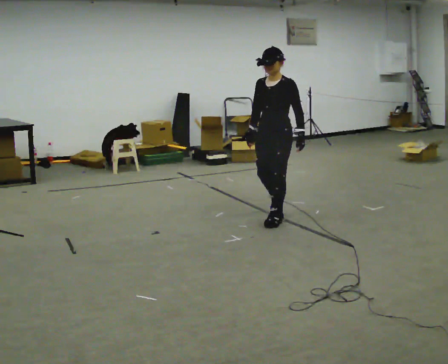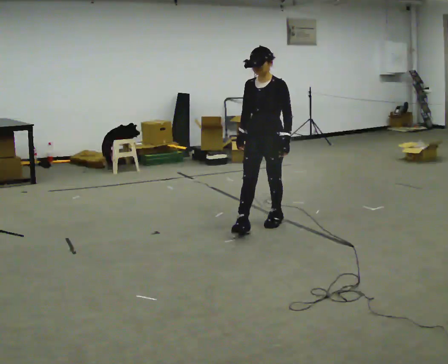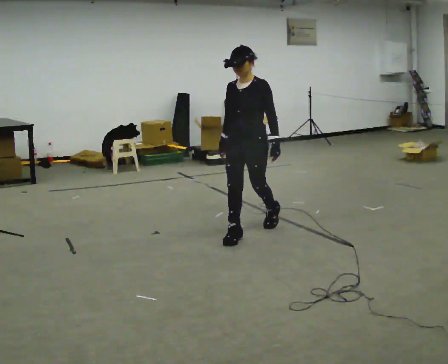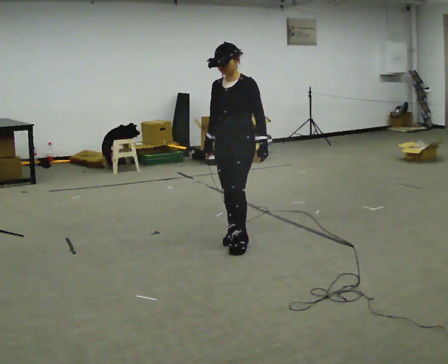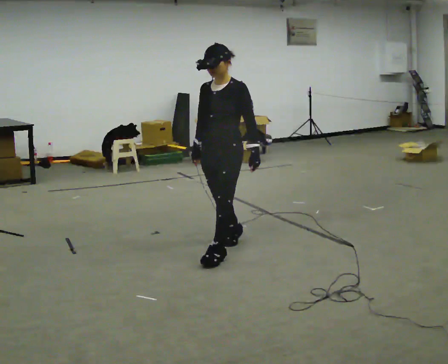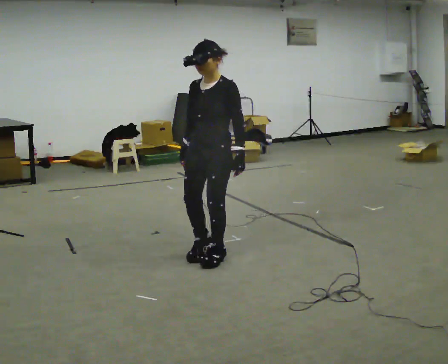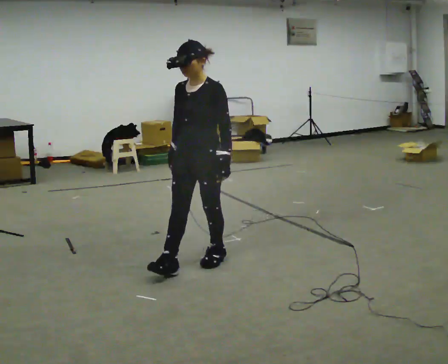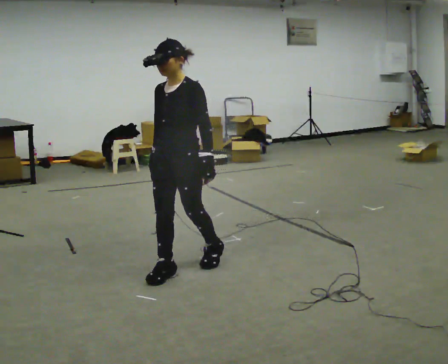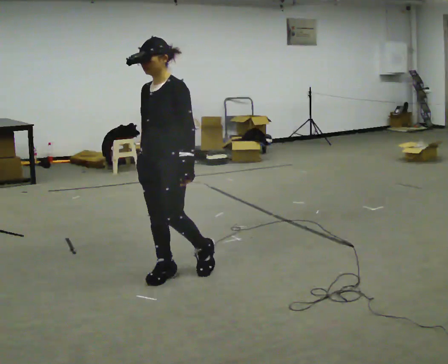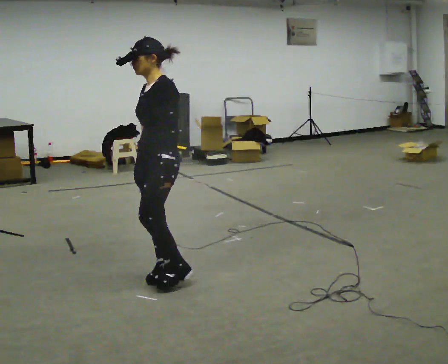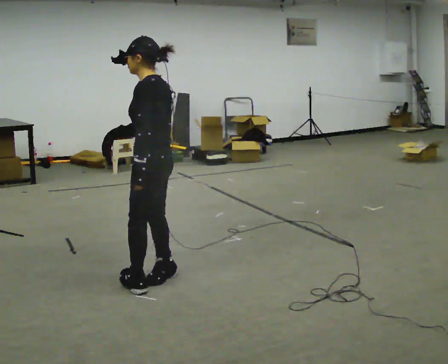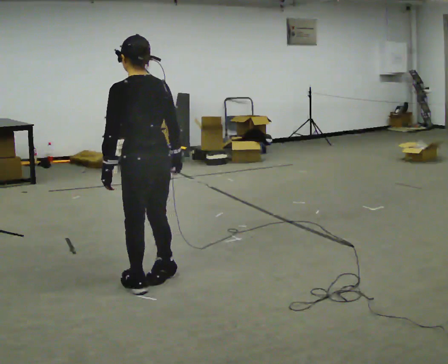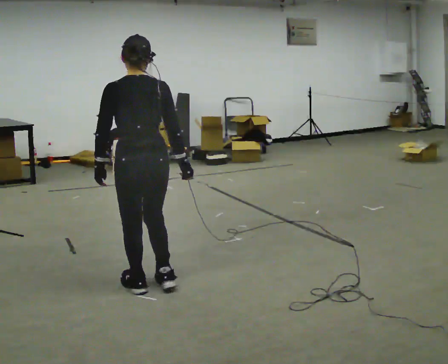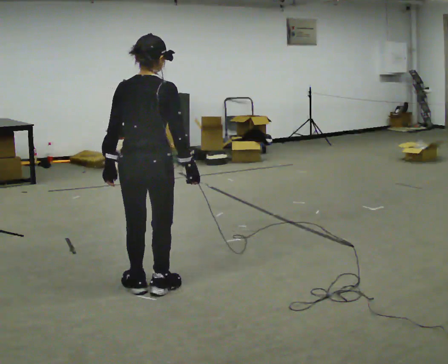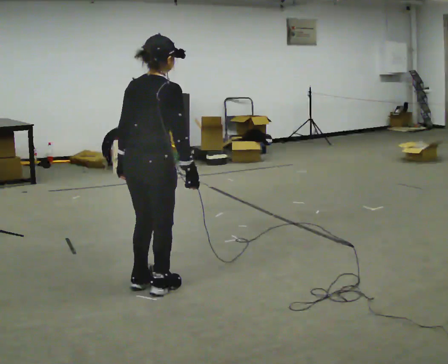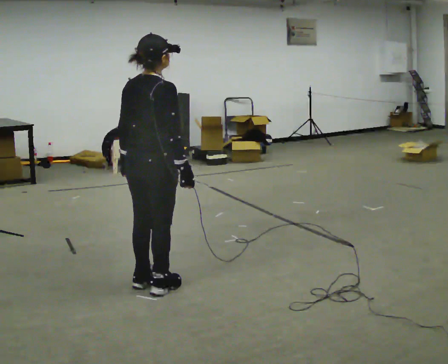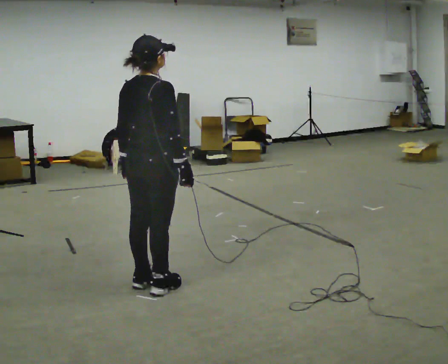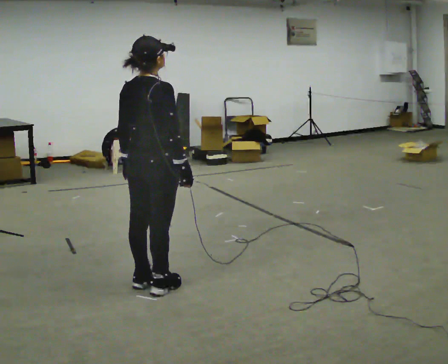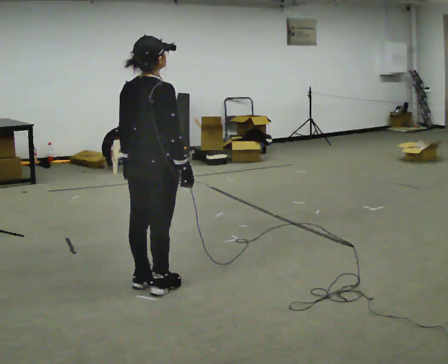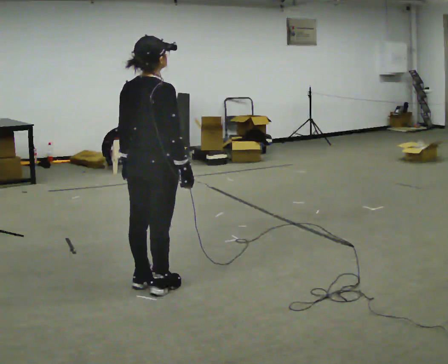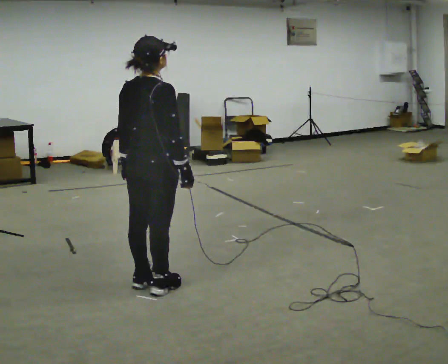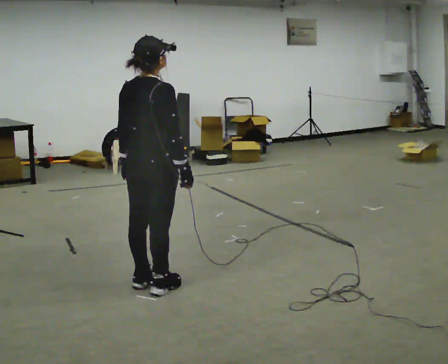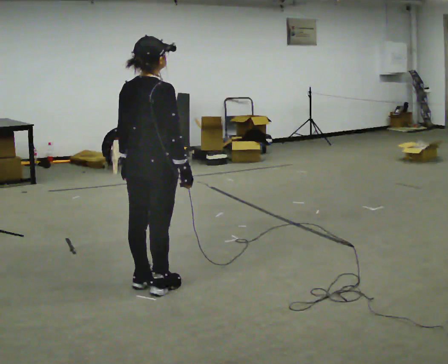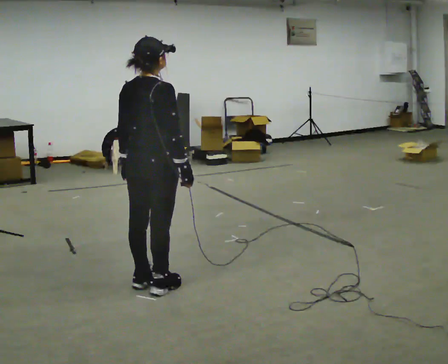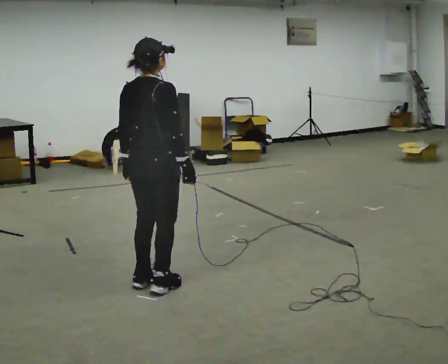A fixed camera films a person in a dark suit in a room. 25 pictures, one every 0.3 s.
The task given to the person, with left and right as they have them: Walk forward while moving diagonally left/right; finish ~45° from start direction.
0.0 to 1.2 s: In the picture they go toward the camera and to the left, about 1 m in 2 steps, which for them is forward.
1.2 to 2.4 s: In the picture they go to the left and toward the camera, about 0.5 m in 1 step, which for them is forward.
2.4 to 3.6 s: The part of the body nearest the lens slides to the left as the person turns to their right by about 120 degrees. In the picture they go toward the camera and to the left, about 0.25 m in 1 step.
3.6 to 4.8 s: The part of the body nearest the lens slides to the left as the person turns to their right by about 45 degrees.
4.8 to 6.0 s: The person keeps their place and pose.
6.0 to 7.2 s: The person moves a little, or ends about where they began.
The film runs forward here.
